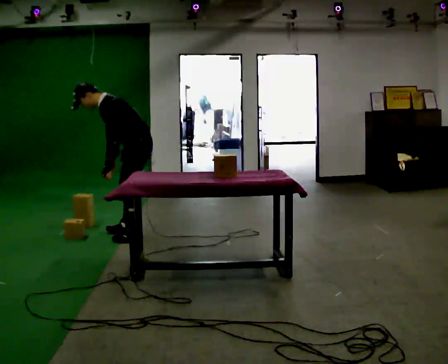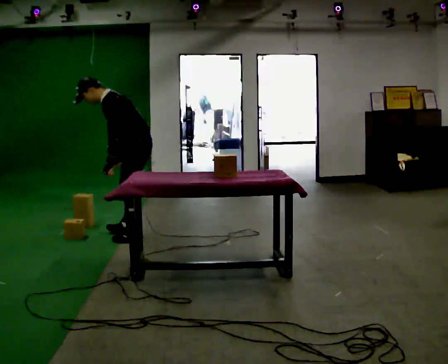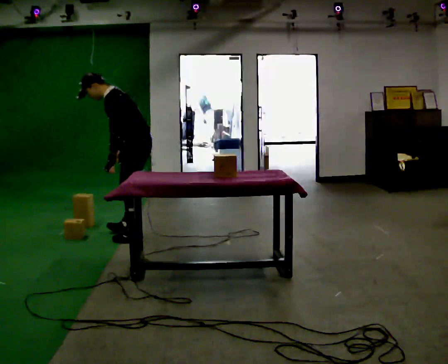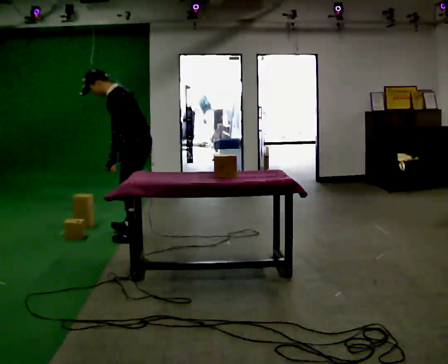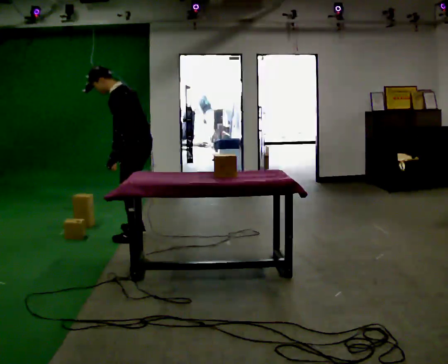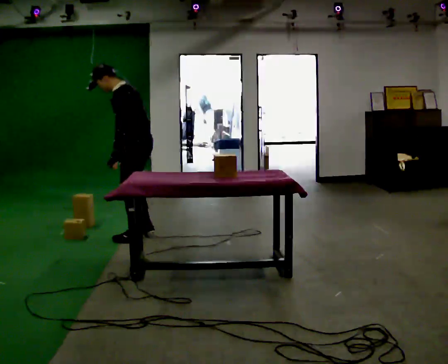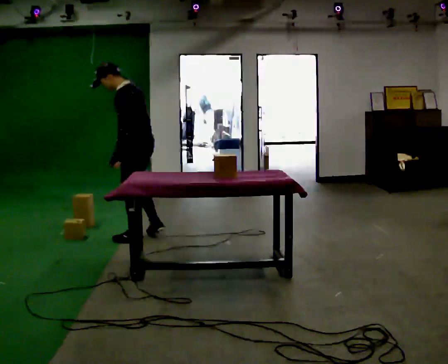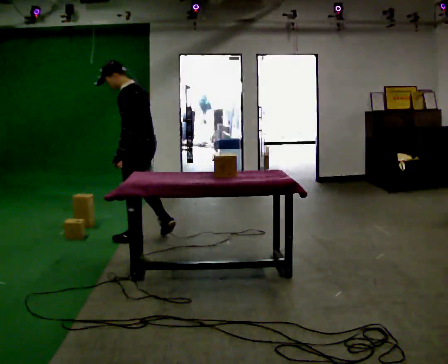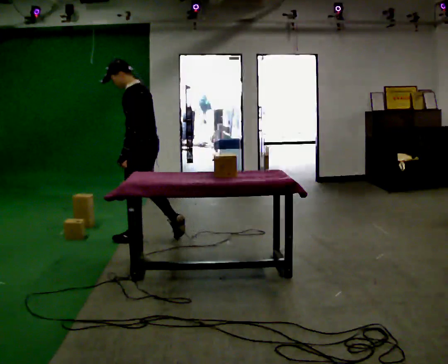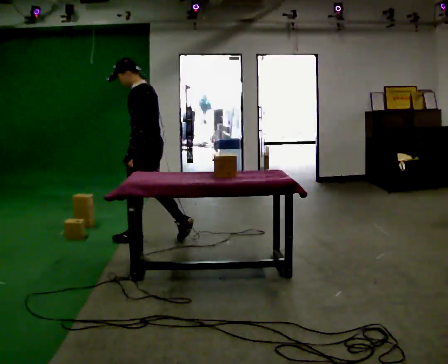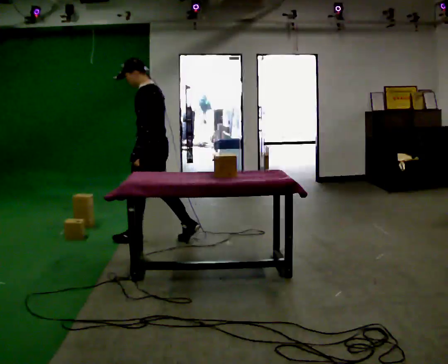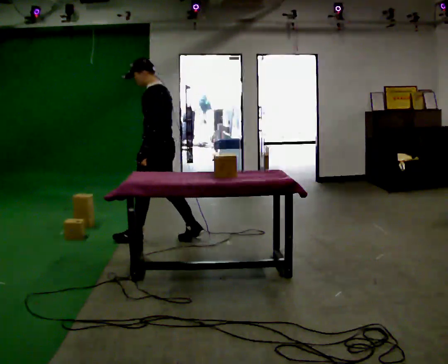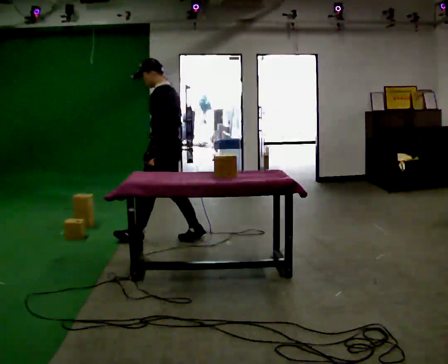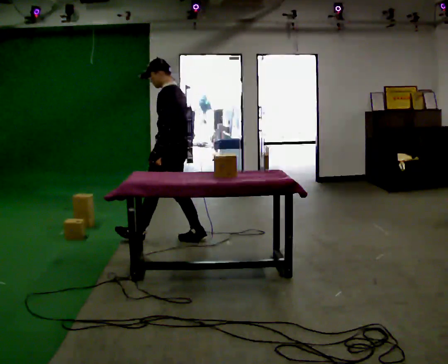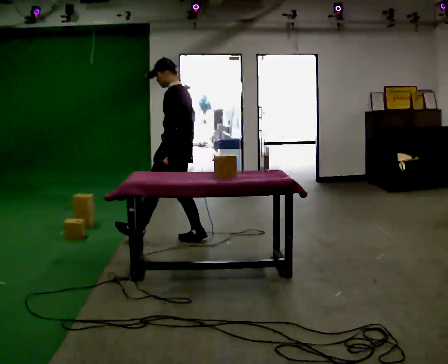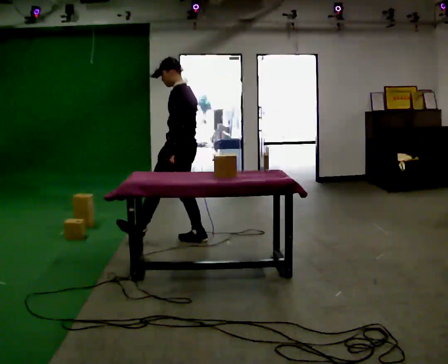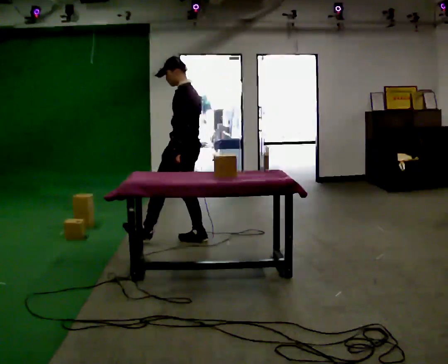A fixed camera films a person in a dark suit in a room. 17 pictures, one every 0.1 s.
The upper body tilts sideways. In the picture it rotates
clockwise.
0.0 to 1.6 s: In the picture they go to the right, about 0.5 m in 2 steps, which for them is backward. In the picture the upper body tilts clockwise, shoulders to the right, as they lean back or straighten.
The film runs backward here.
